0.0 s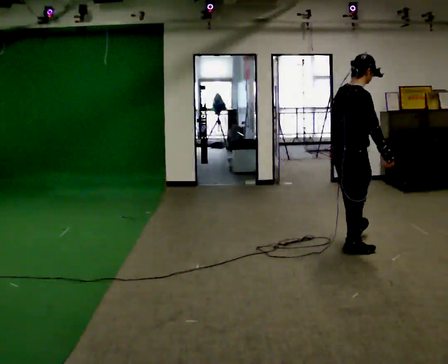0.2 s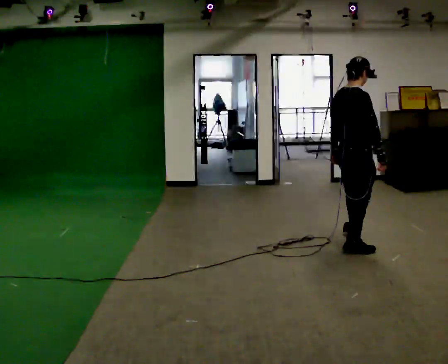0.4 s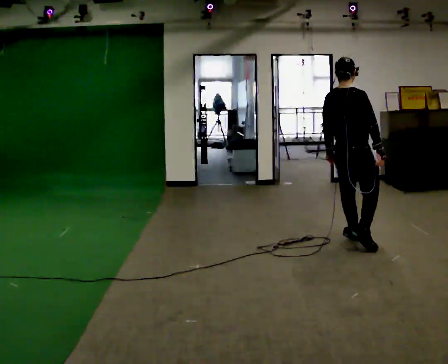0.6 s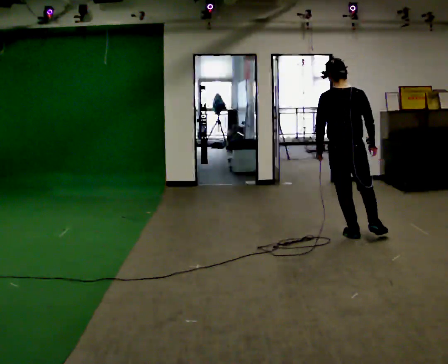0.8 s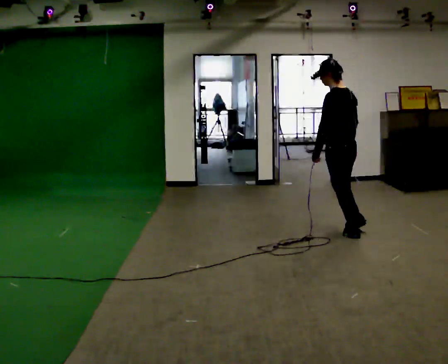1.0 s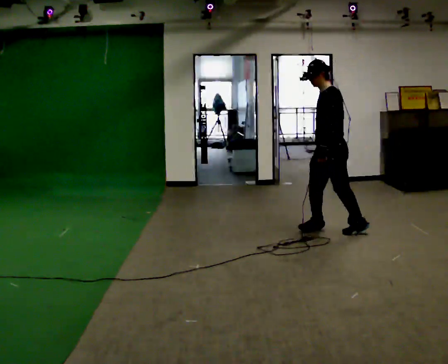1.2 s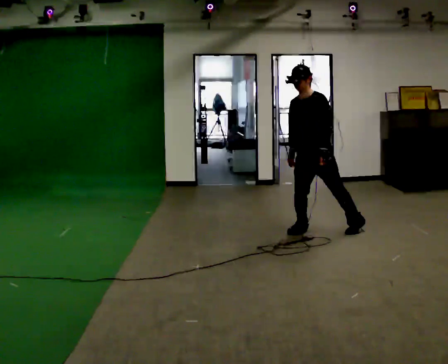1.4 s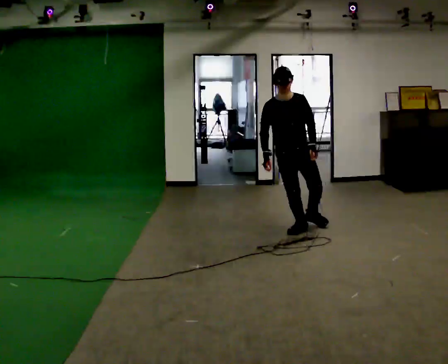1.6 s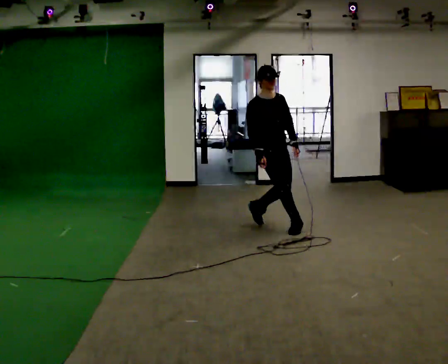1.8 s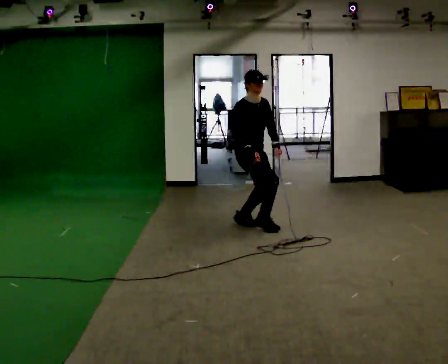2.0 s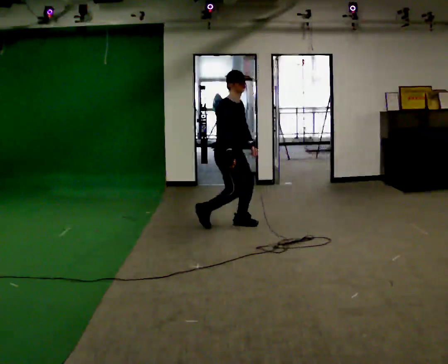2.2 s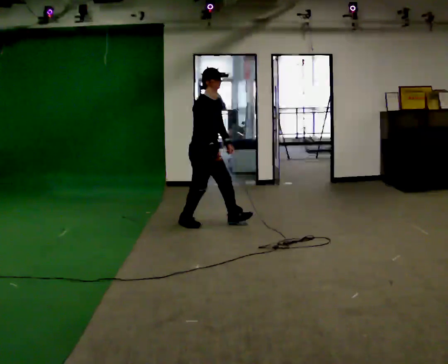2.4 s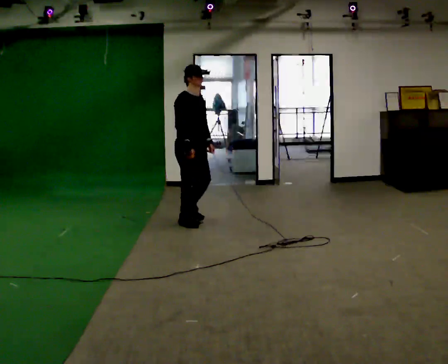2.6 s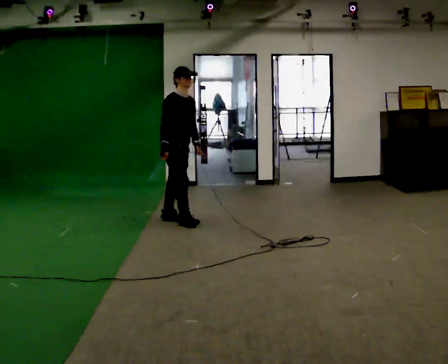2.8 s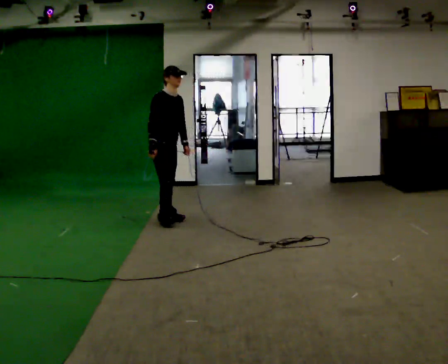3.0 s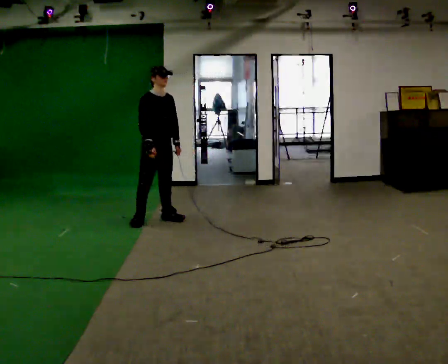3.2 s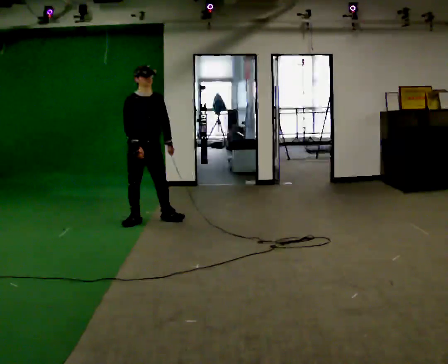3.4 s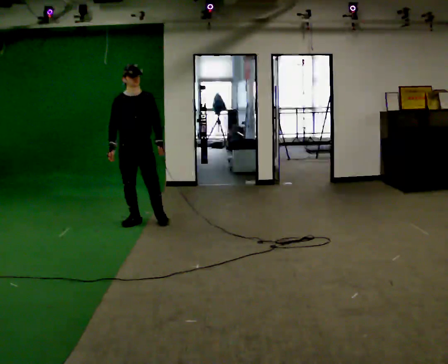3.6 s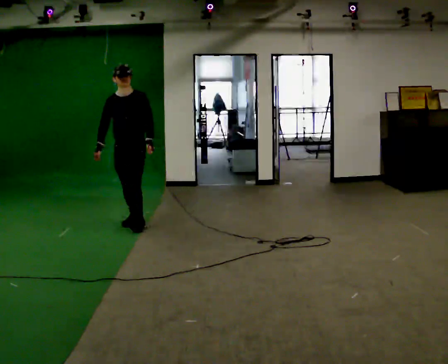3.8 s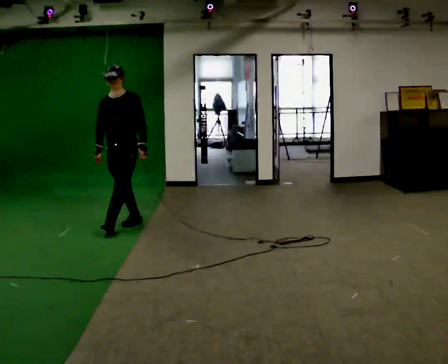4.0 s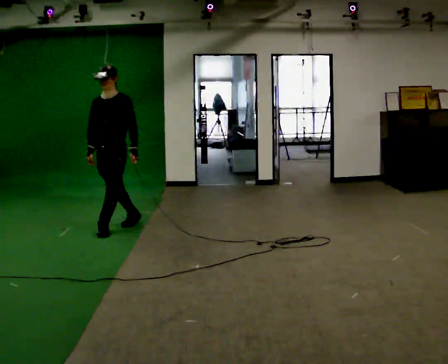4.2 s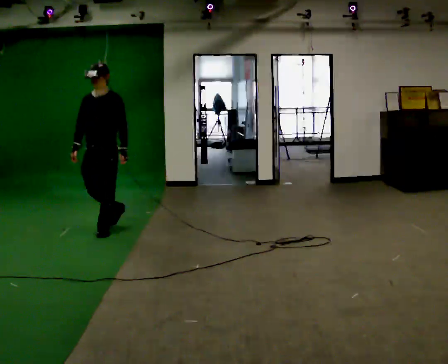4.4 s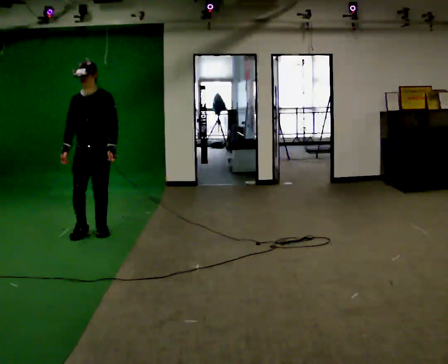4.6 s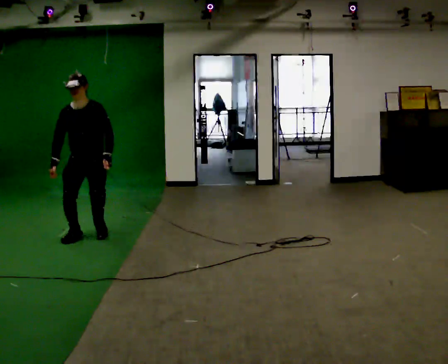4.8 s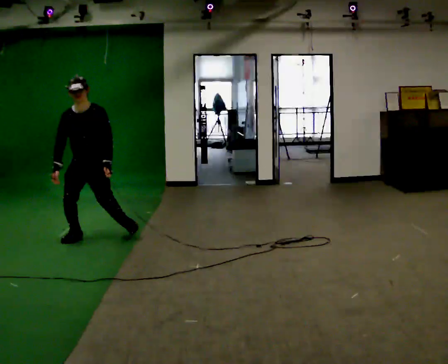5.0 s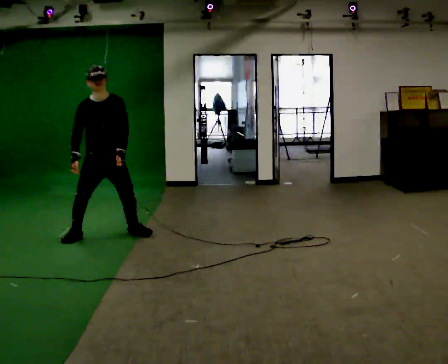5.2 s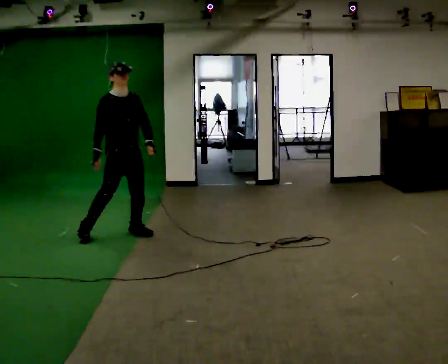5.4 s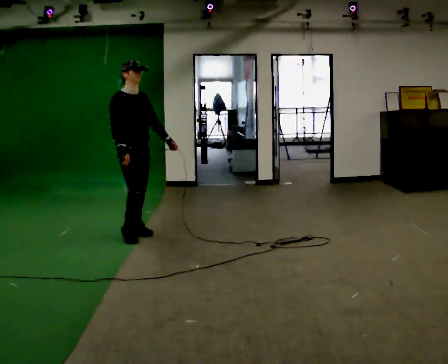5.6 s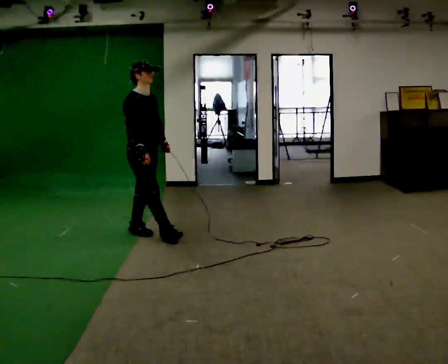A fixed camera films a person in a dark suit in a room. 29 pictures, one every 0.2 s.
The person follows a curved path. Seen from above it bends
counterclockwise.
0.0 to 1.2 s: The person turns about 210 degrees to their left, counterclockwise seen from above, so the part of the body nearest the lens slides to the right. In the picture they go away from the camera, about 0.75 m in 2 steps.
1.2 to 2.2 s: Seen from above the body turns counterclockwise, about 105 degrees: to their left, with its near side sliding to the right. In the picture they go to the left and away from the camera, about 1 m in 2 steps. In the picture the upper body tilts clockwise, shoulders to the right.
2.2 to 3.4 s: The part of the body nearest the lens slides to the left as the person turns to their right by about 60 degrees. In the picture they go to the left, about 0.5 m in 2 steps.
3.4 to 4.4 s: In the picture they go toward the camera and to the left, about 0.5 m in 1 step, which for them is forward.
4.4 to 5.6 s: Seen from above the body turns counterclockwise, about 75 degrees: to their left, with its near side sliding to the right. In the picture they go to the right, about 0.5 m in 2 steps.
The film runs forward here.
